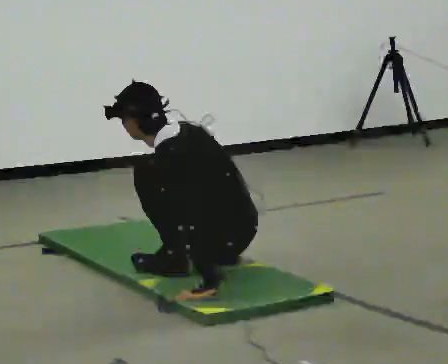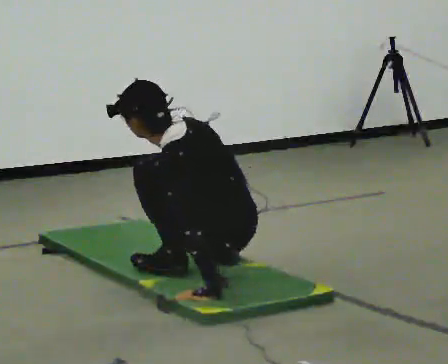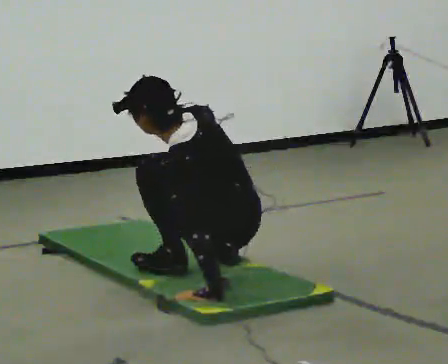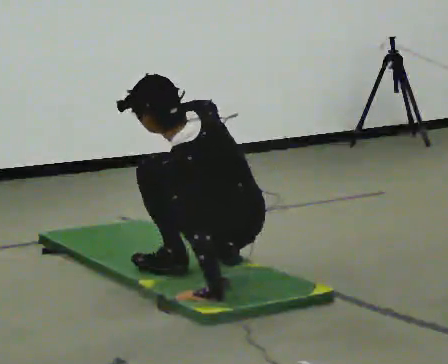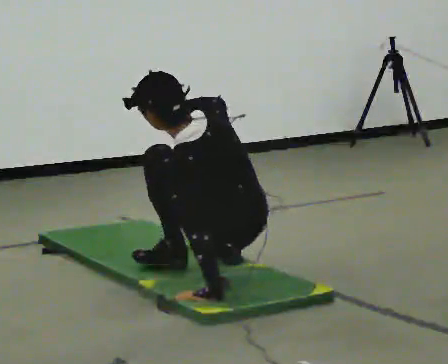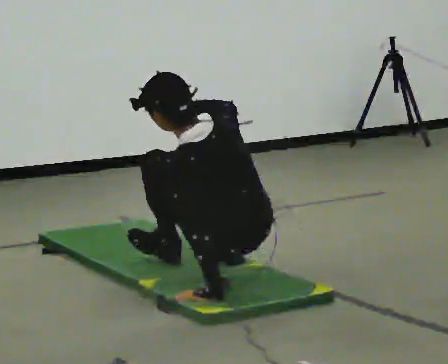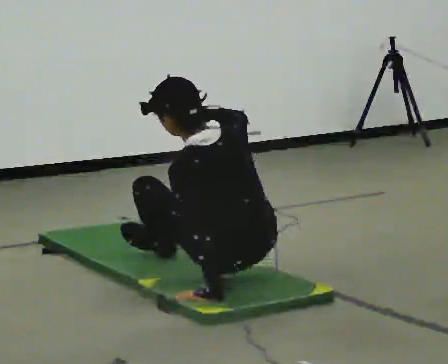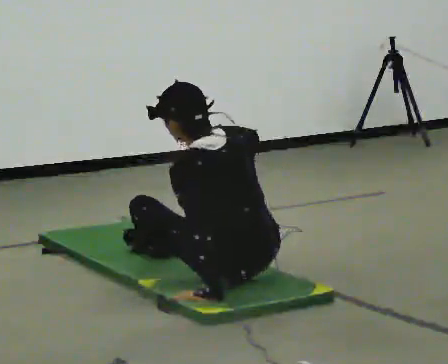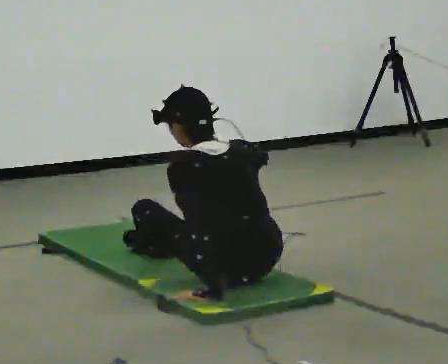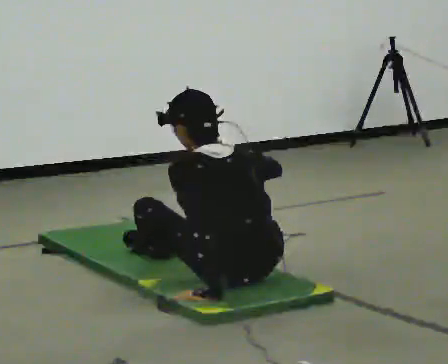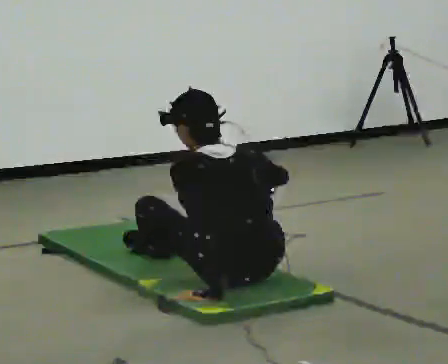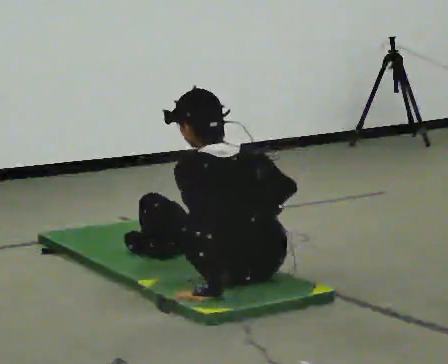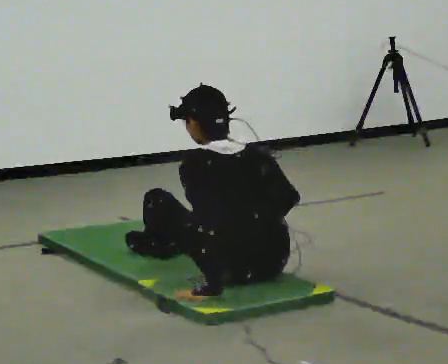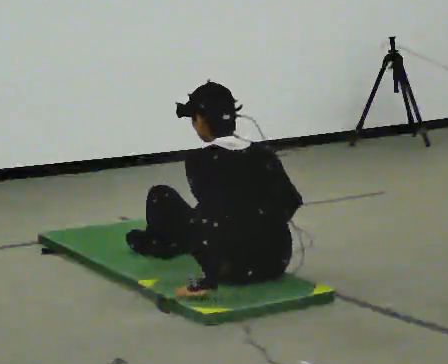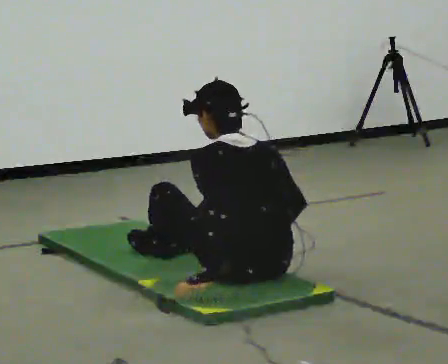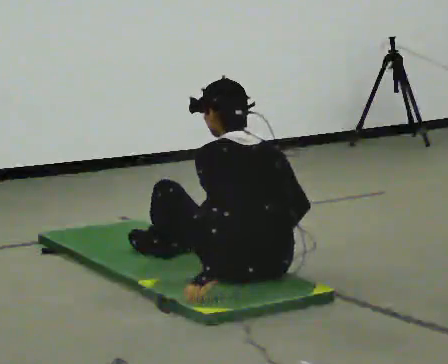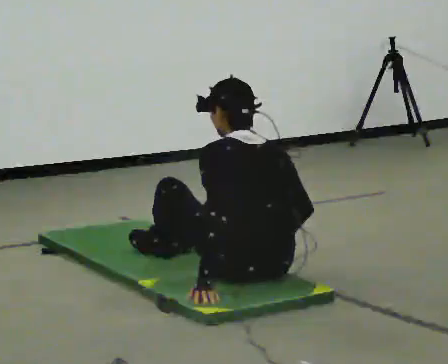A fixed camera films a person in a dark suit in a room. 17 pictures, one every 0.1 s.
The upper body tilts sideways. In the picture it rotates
clockwise.
0.0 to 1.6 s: In the picture the upper body tilts clockwise, shoulders to the right. In the picture their right hand goes downward and to the right.
The film runs backward here.
